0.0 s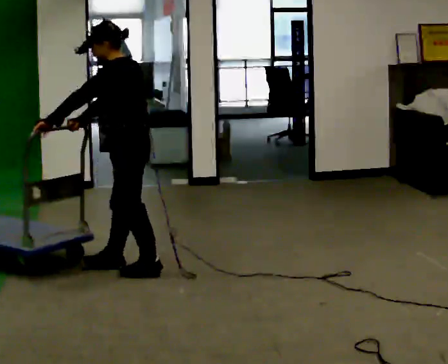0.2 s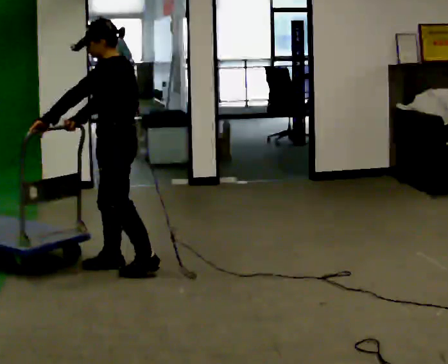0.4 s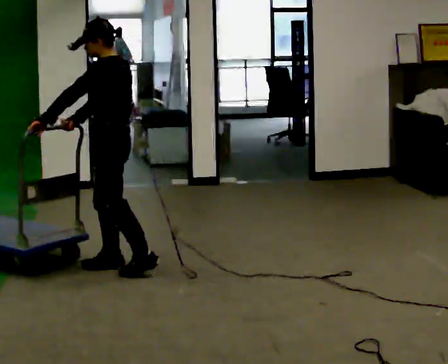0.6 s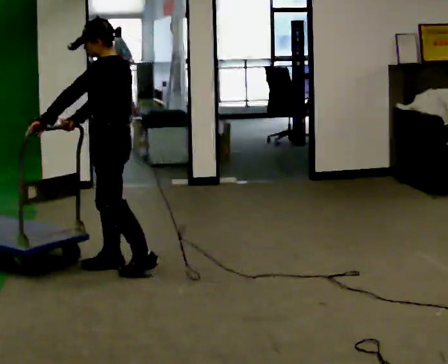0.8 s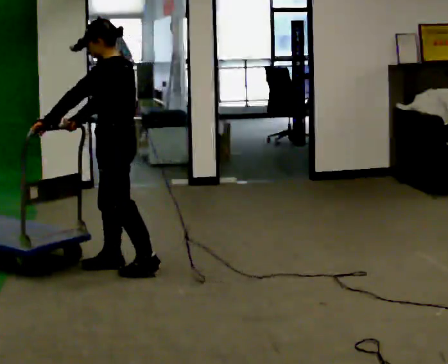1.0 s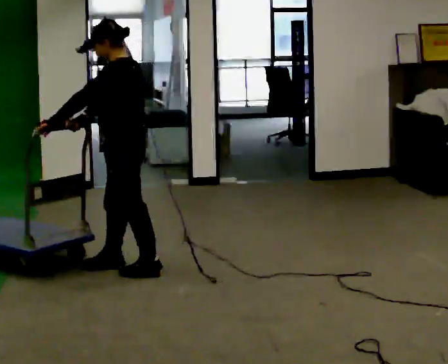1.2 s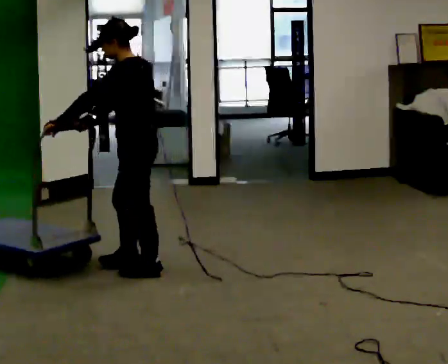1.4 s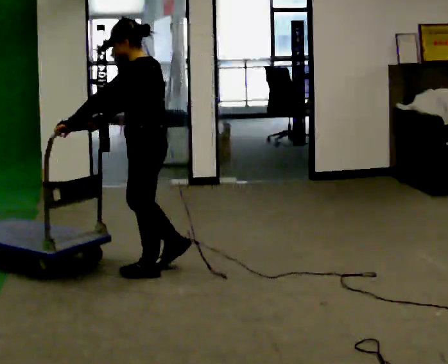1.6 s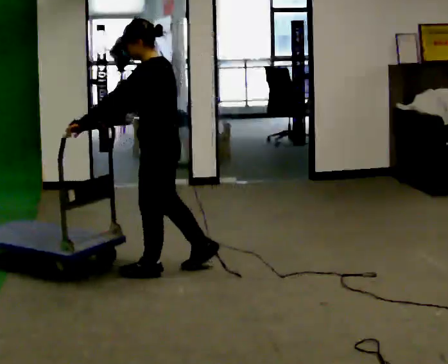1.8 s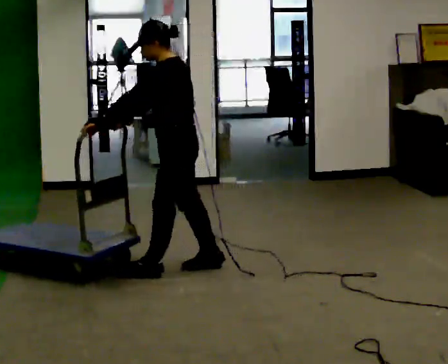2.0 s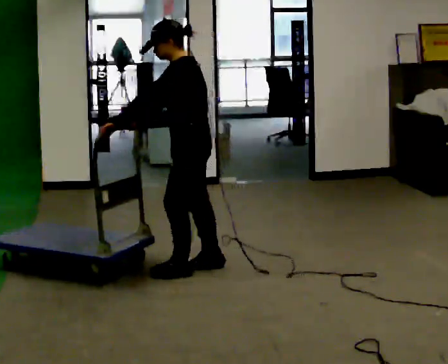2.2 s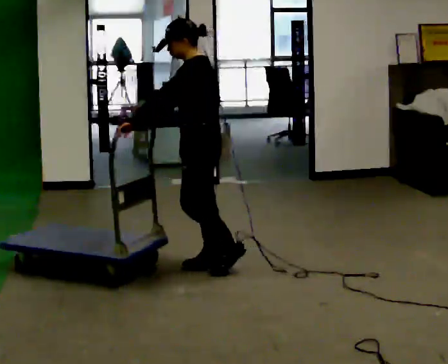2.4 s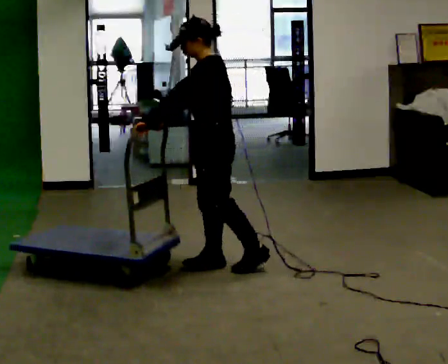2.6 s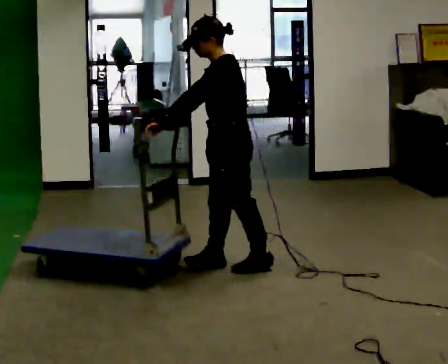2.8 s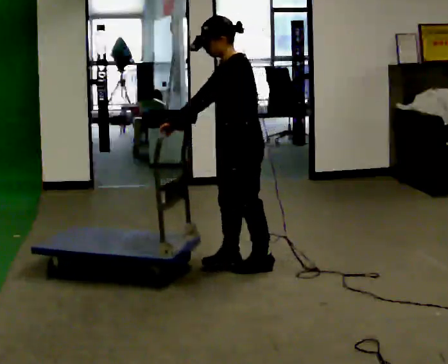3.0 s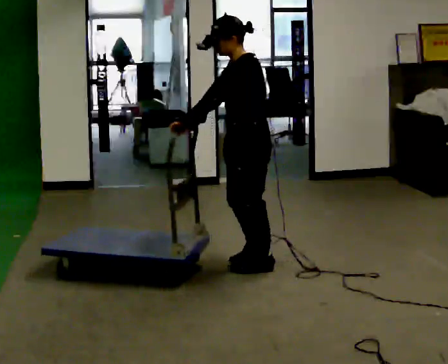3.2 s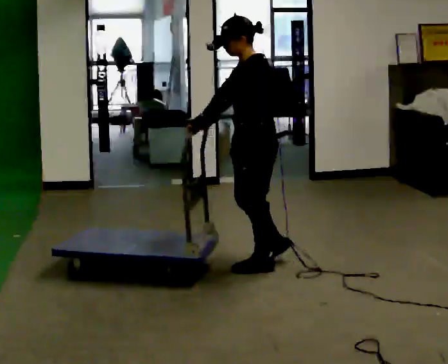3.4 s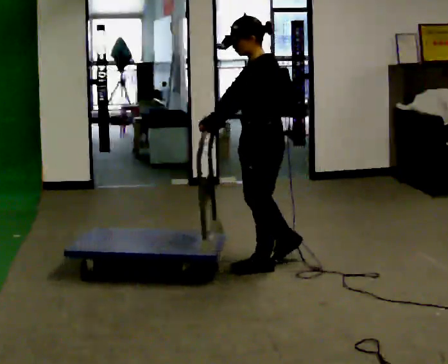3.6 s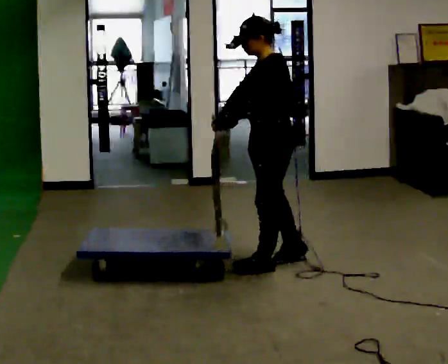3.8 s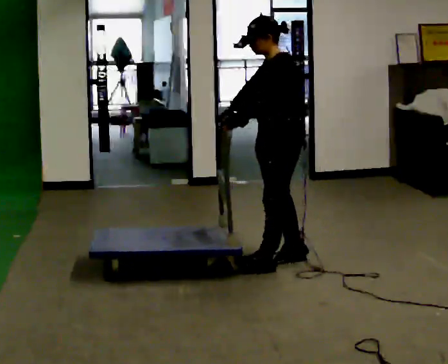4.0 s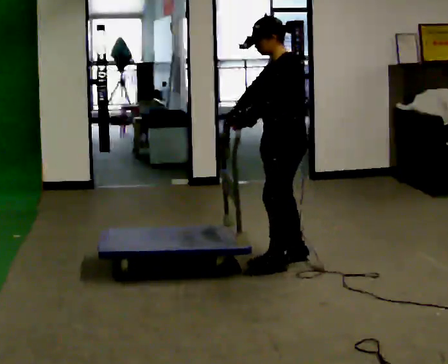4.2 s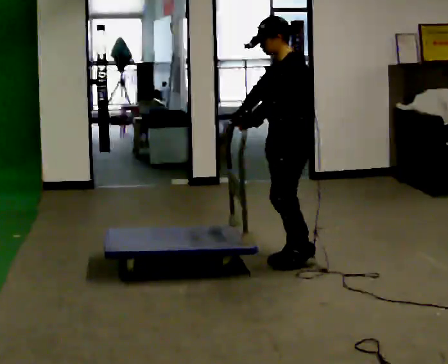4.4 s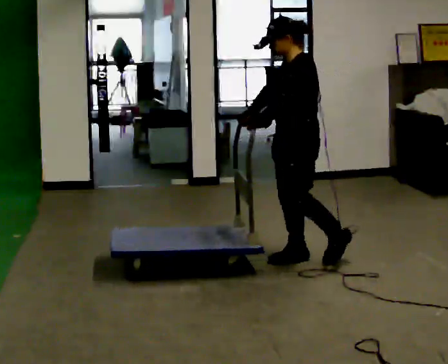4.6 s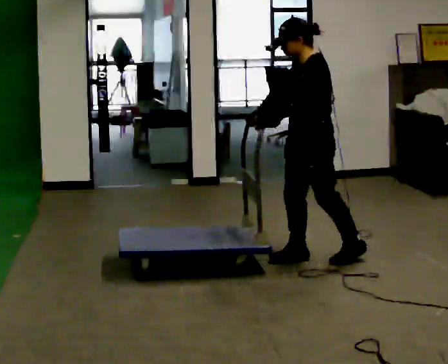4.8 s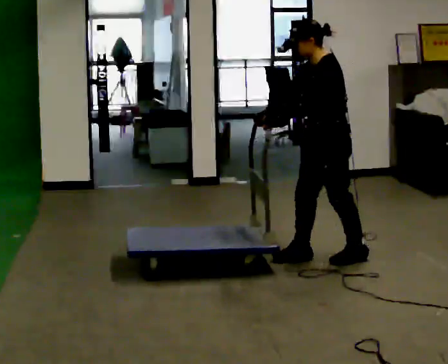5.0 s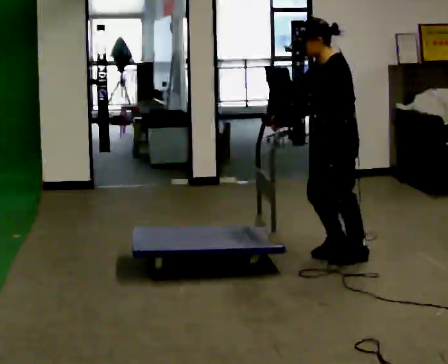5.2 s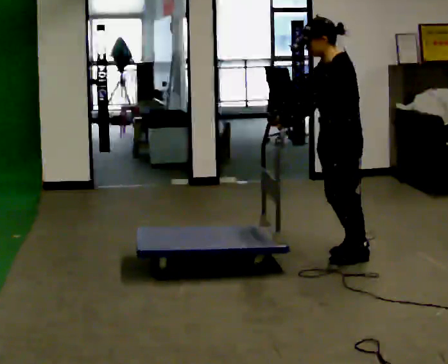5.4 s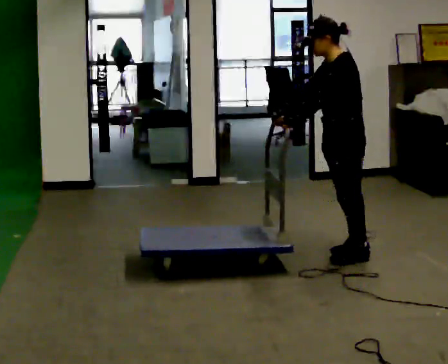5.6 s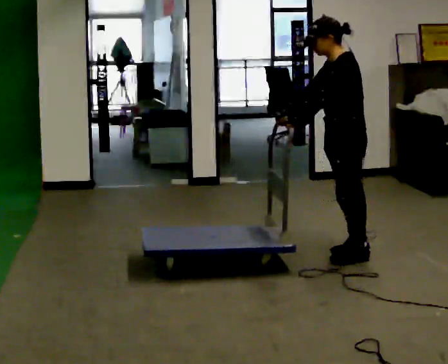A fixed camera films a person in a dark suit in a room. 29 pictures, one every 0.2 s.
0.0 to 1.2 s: The person moves a little, or ends about where they began.
1.2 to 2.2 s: In the picture they go to the right, about 0.25 m in 1 step, which for them is backward.
2.2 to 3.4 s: In the picture they go to the right, about 0.25 m in 1 step, which for them is backward.
3.4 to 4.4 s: In the picture they go to the right, about 0.25 m in 1 step, which for them is backward.
4.4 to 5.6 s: In the picture they go to the right, about 0.25 m in 1 step, which for them is backward.
The film runs backward here.
